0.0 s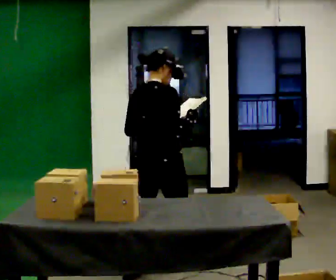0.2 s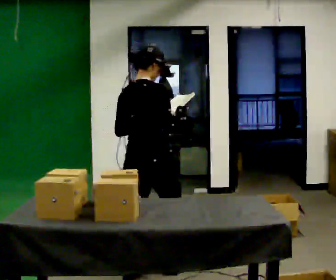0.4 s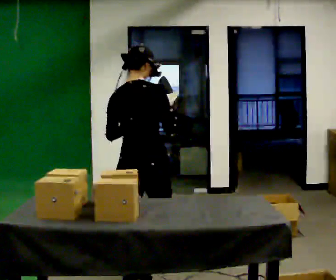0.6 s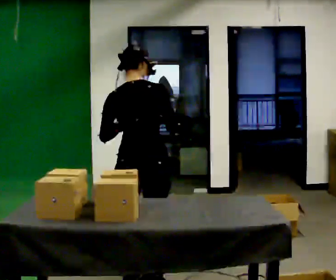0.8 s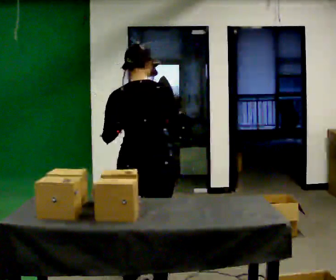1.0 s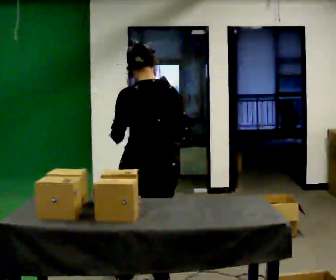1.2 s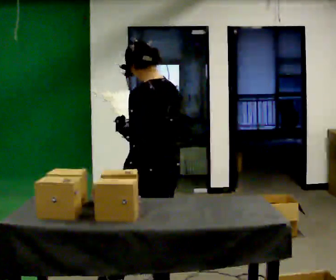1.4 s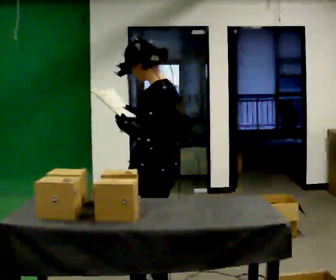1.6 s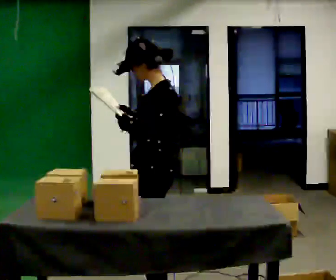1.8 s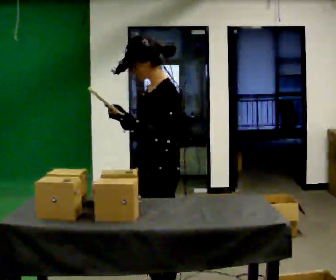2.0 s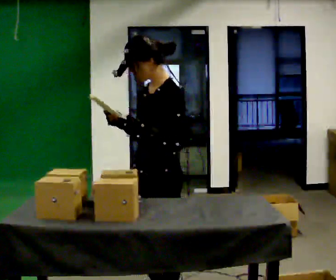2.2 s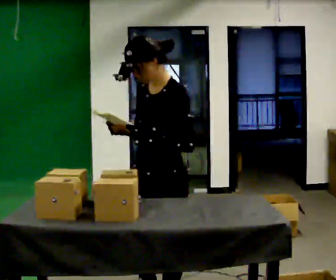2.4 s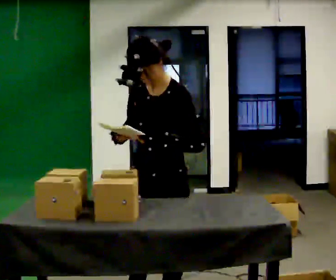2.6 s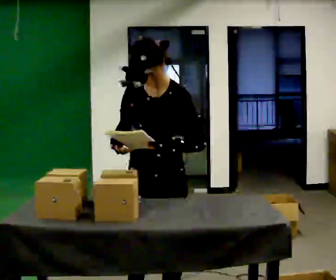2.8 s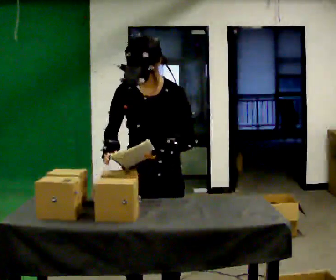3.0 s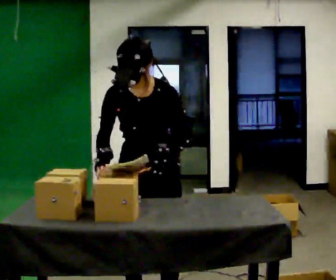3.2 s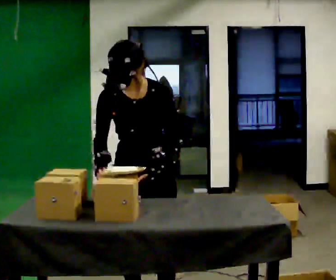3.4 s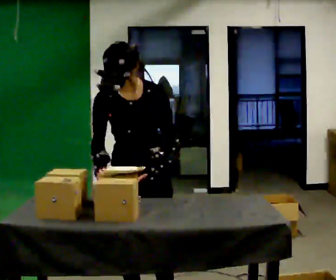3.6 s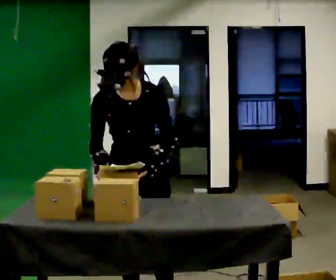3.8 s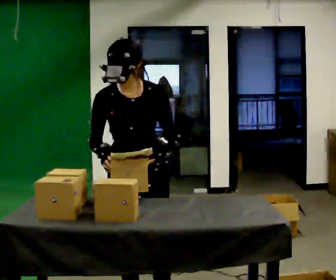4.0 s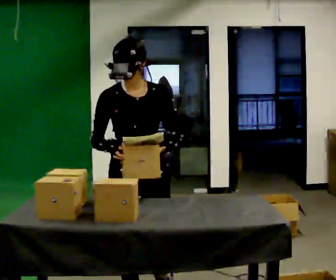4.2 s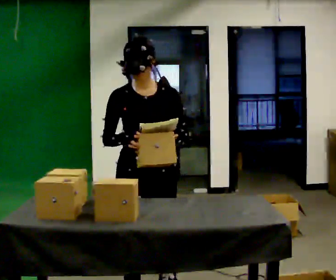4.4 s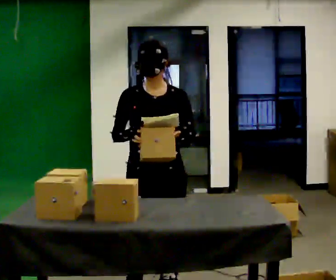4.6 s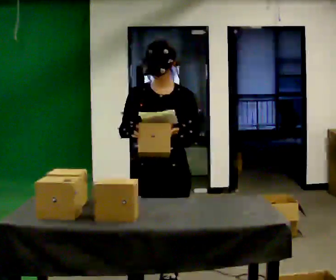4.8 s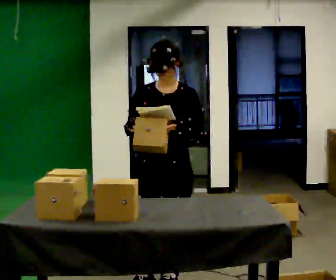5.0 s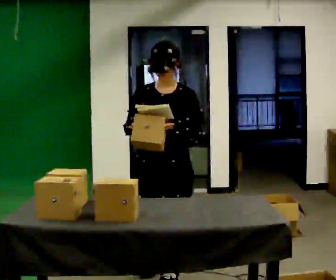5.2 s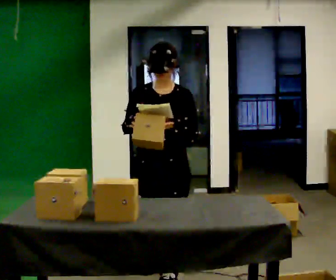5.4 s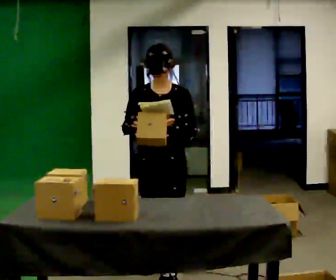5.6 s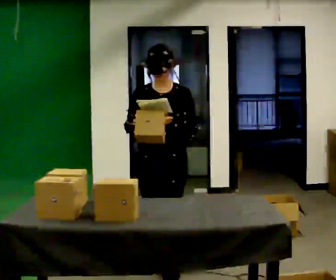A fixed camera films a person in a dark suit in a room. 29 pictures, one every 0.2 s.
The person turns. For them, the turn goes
to their left.
The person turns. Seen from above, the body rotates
counterclockwise.
0.0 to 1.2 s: Seen from above the body turns counterclockwise, about 75 degrees: to their left, with its near side sliding to the right. In the picture they go toward the camera, about 0.5 m in 1 step.
1.2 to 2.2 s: Seen from above the body turns counterclockwise, about 75 degrees: to their left, with its near side sliding to the right. In the picture they go toward the camera, about 0.25 m in 1 step.
2.2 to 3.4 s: The part of the body nearest the lens slides to the right as the person turns to their left by about 60 degrees. In the picture they go to the left, about 0.25 m.
3.4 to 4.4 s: In the picture they go away from the camera, about 0.25 m in 1 step, which for them is backward and to their left. The upper body tips away from the camera, its near side rolling upward, as they lean back or straighten.
4.4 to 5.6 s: In the picture they go away from the camera, about 0.5 m in 2 steps, which for them is backward.
The film runs backward here.
